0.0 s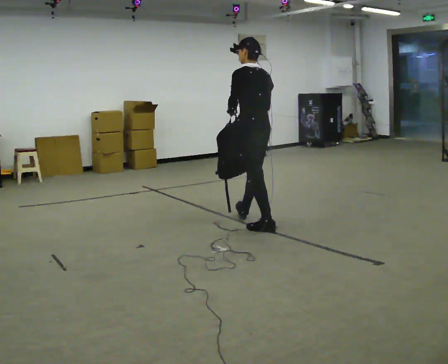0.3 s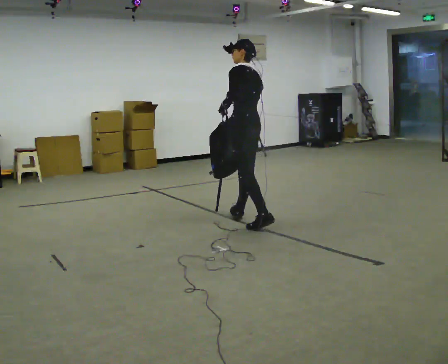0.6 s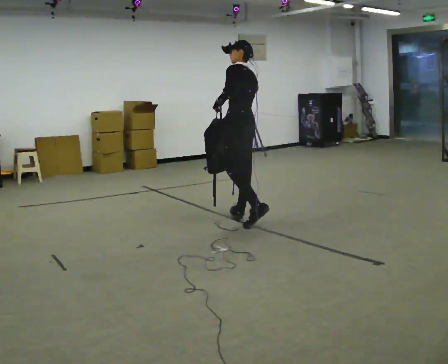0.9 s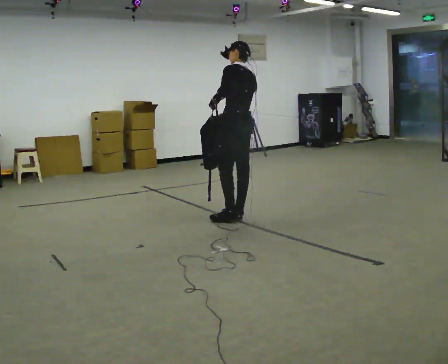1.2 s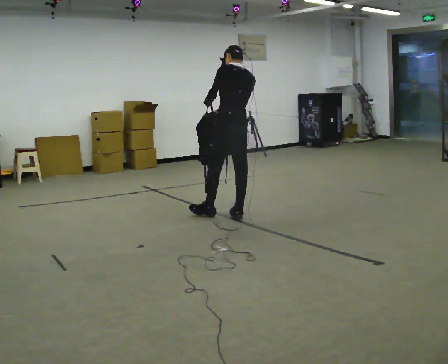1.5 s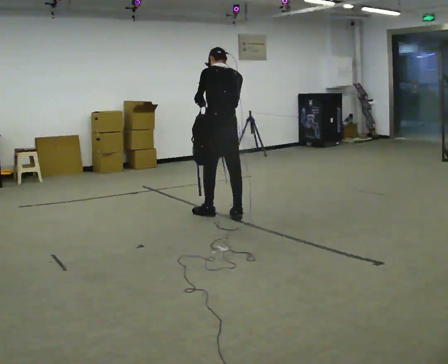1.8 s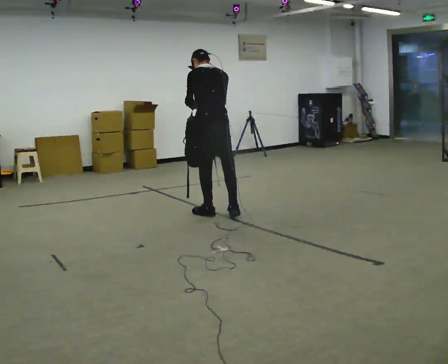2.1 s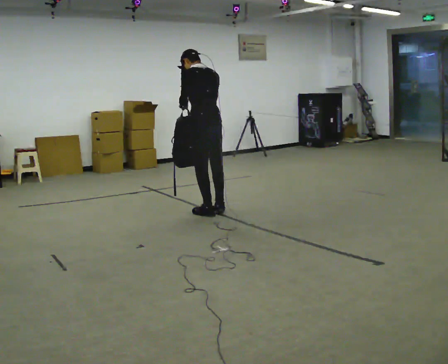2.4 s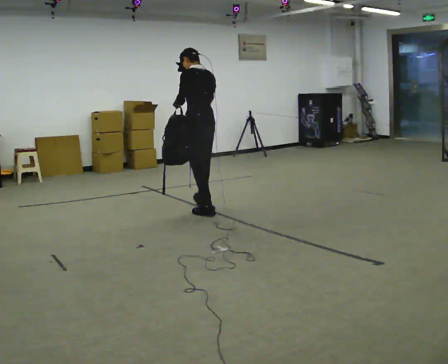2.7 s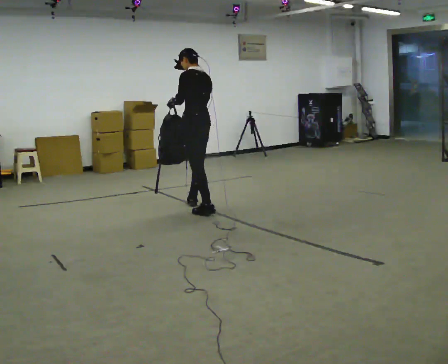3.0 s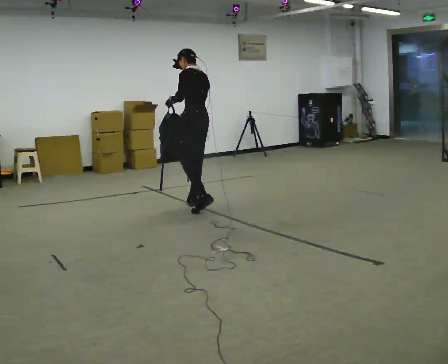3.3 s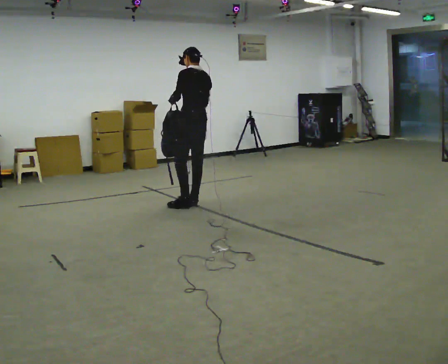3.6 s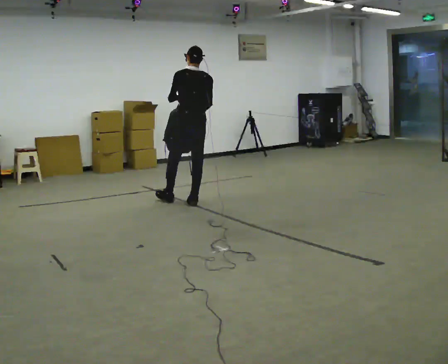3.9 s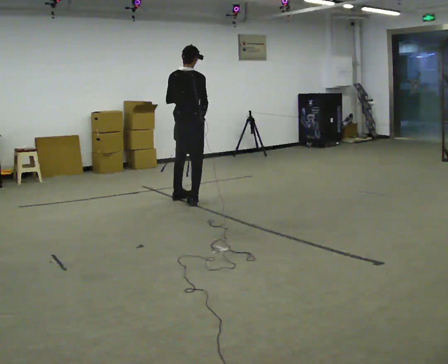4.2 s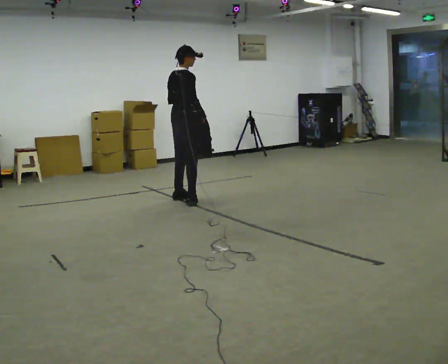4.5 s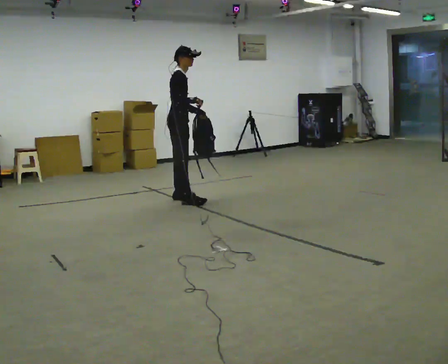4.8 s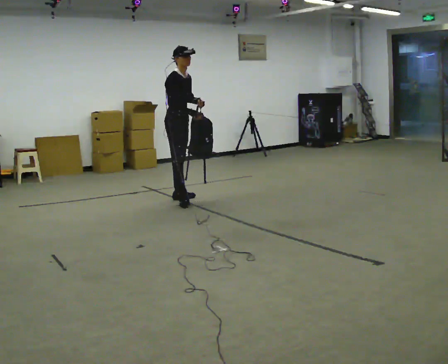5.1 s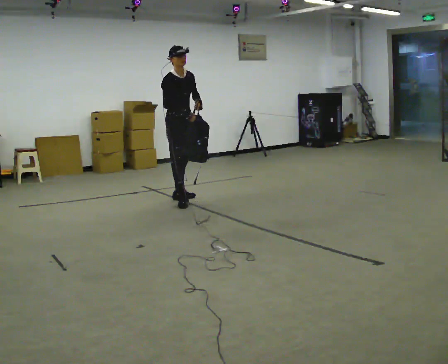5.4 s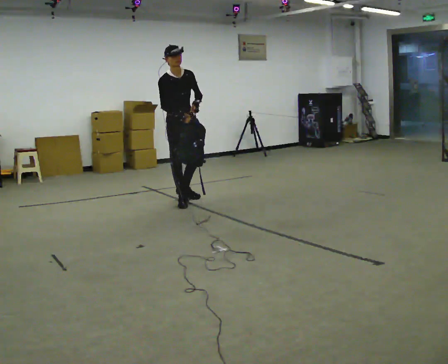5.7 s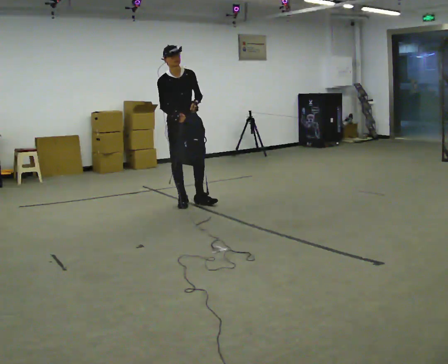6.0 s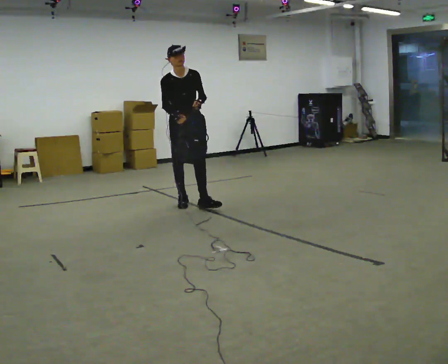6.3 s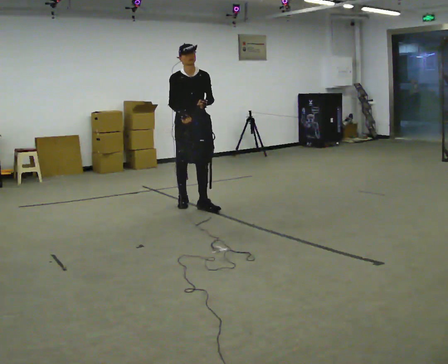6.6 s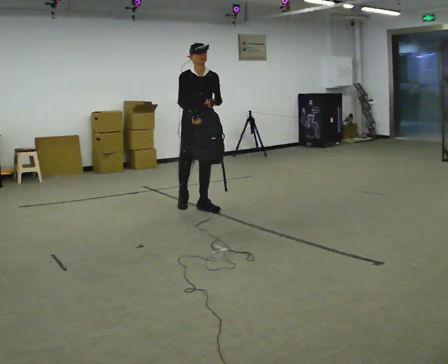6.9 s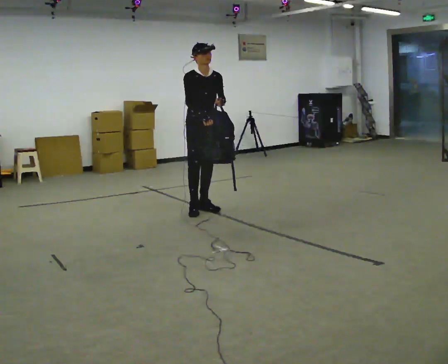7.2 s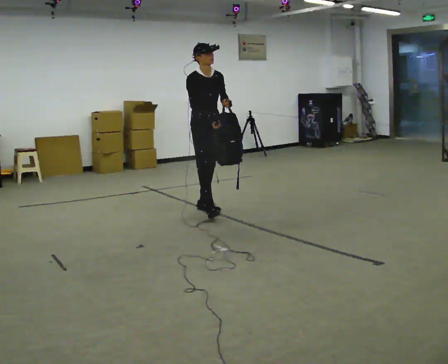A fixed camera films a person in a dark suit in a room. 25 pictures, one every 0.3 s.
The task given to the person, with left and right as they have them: Carry the bag and, while walking, undo the buckle or zip, then do it up again. Keep repeating as you walk. Do not stop.
0.0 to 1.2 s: In the picture they go away from the camera and to the left, about 0.5 m in 2 steps, which for them is forward.
1.2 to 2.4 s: In the picture they go to the left and away from the camera, about 0.5 m, which for them is forward and to their left.
2.4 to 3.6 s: The person turns about 30 degrees to their right, clockwise seen from above, so the part of the body nearest the lens slides to the left. In the picture they go away from the camera, about 0.5 m in 1 step, which for them is forward and to their right.
3.6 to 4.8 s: Seen from above the body turns clockwise, about 135 degrees: to their right, with its near side sliding to the left. In the picture they go to the left and away from the camera, about 0.25 m in 2 steps.
4.8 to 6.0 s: Seen from above the body turns clockwise, about 45 degrees: to their right, with its near side sliding to the left. In the picture they go toward the camera, about 0.25 m in 1 step, which for them is forward.
6.0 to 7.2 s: In the picture they go toward the camera and to the right, about 0.25 m in 1 step, which for them is forward.
The film runs forward here.
